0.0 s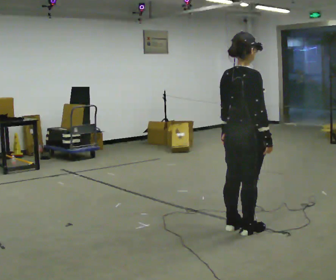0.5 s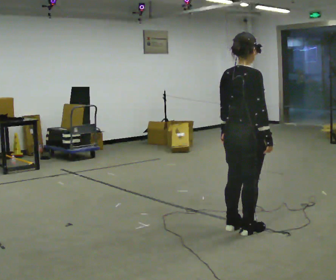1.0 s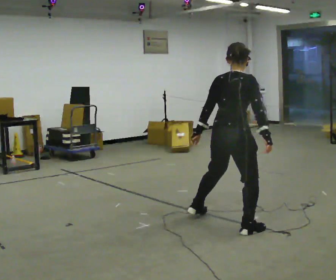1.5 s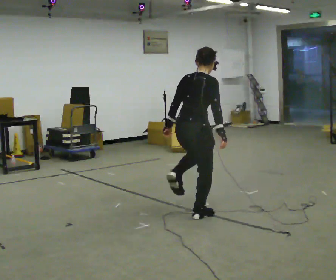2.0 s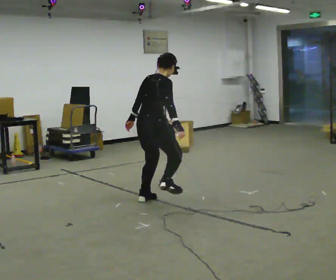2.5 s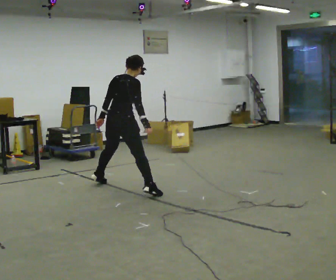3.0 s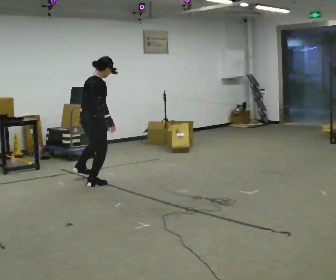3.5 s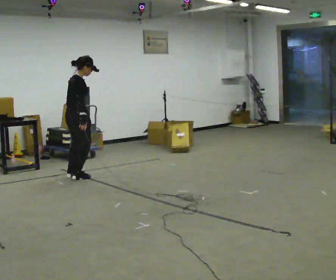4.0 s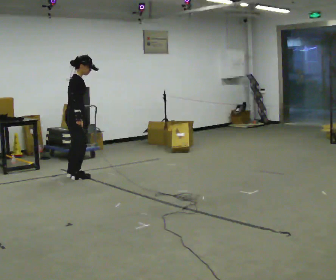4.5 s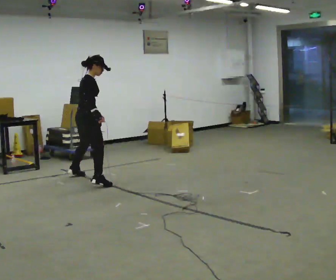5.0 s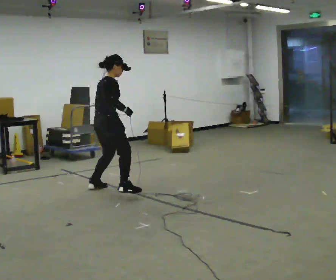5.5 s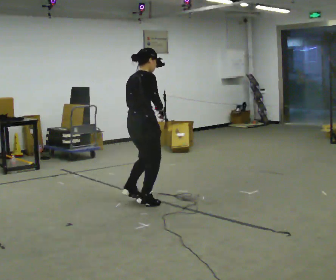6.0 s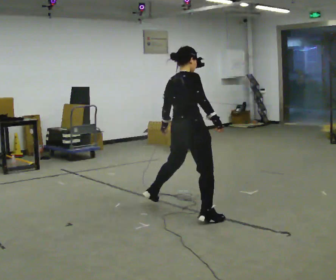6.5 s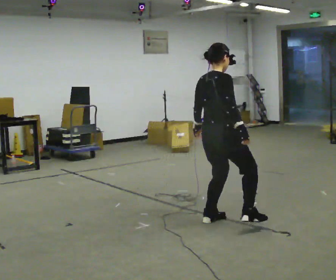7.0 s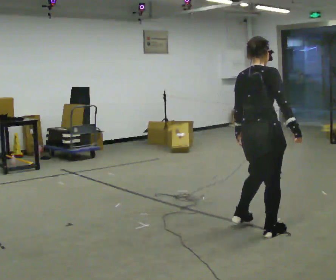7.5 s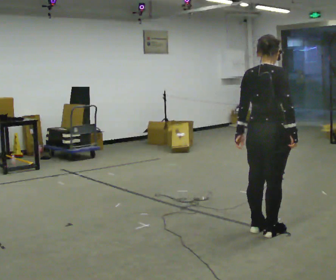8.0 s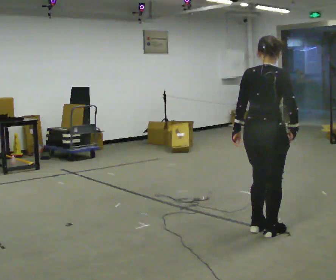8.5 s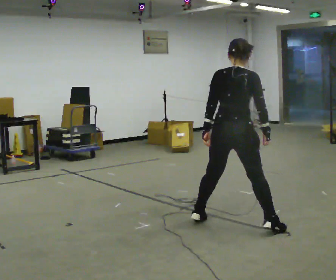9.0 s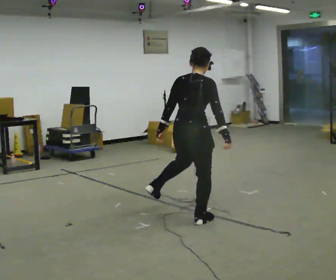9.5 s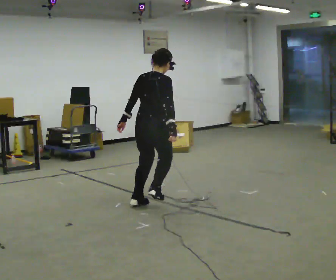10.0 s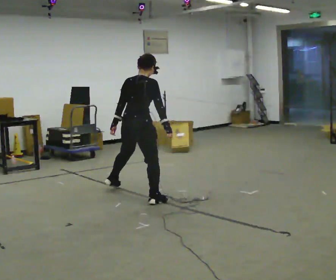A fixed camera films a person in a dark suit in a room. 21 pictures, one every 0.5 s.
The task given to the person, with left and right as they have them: Gallop forward leading with the leg the operator calls, keeping the same leg in front throughout.
0.0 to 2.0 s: In the picture they go away from the camera and to the left, about 1.5 m in 3 steps, which for them is to their left. In the picture the upper body tilts clockwise, shoulders to the right, as they bend forward.
2.0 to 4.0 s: In the picture they go away from the camera and to the left, about 1.5 m in 5 steps, which for them is to their left.
4.0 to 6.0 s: In the picture they go toward the camera and to the right, about 2 m in 4 steps, which for them is to their right.
6.0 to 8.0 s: In the picture they go toward the camera and to the right, about 1 m in 4 steps, which for them is to their right.
8.0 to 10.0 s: In the picture they go away from the camera and to the left, about 1.5 m in 4 steps, which for them is to their left.
The film runs forward here.
